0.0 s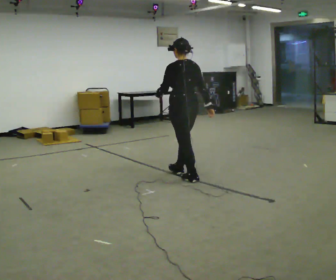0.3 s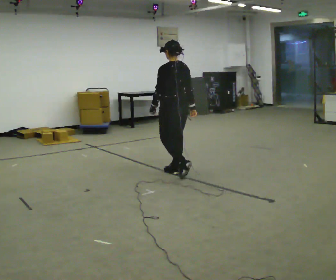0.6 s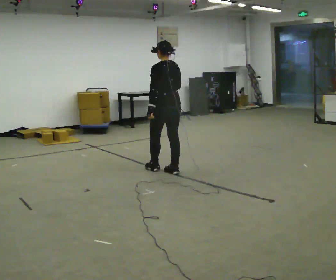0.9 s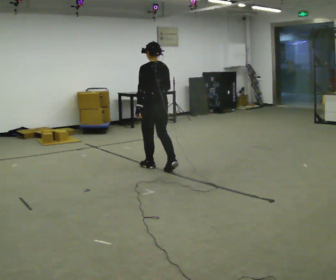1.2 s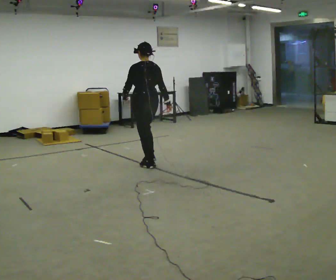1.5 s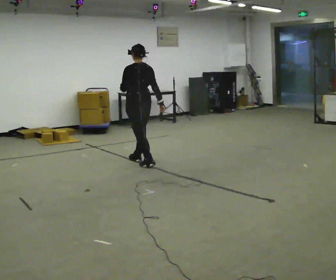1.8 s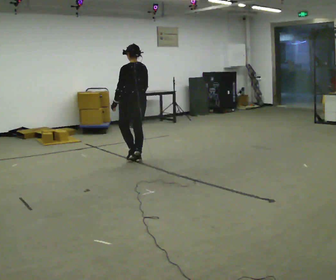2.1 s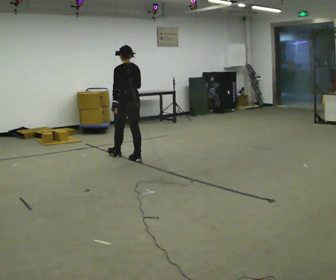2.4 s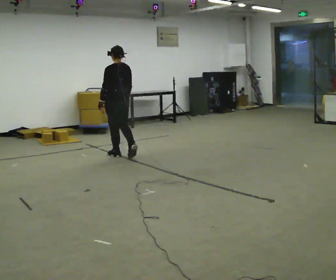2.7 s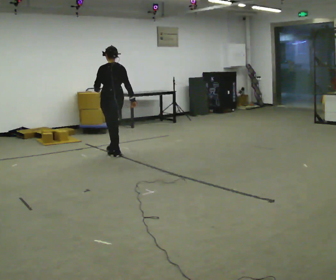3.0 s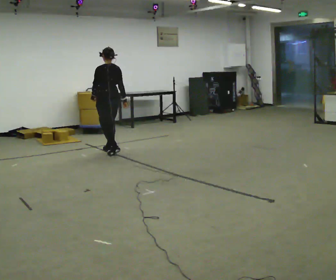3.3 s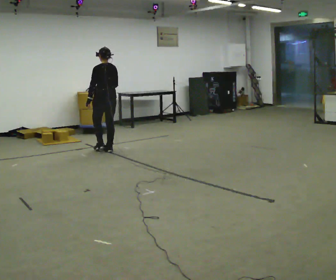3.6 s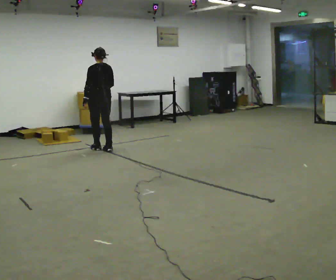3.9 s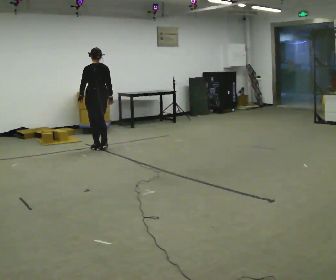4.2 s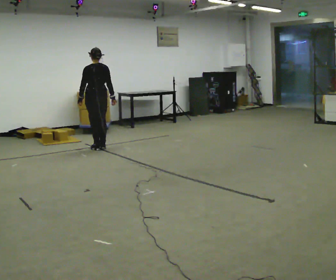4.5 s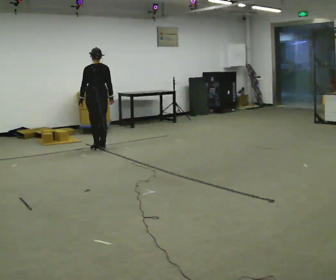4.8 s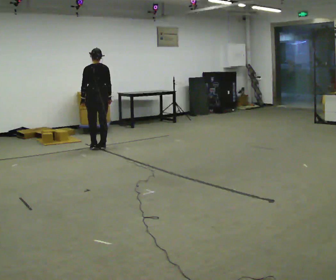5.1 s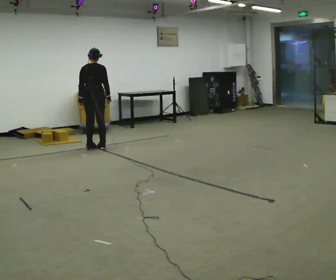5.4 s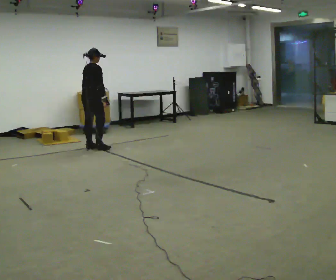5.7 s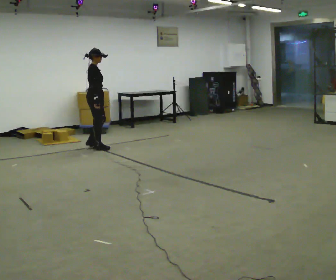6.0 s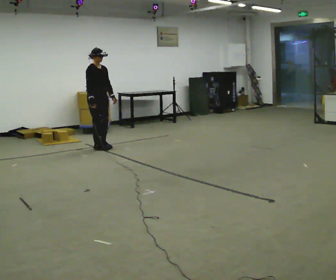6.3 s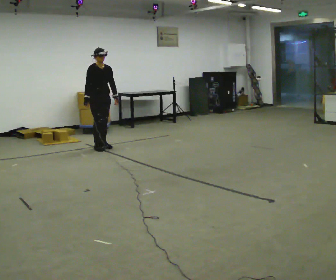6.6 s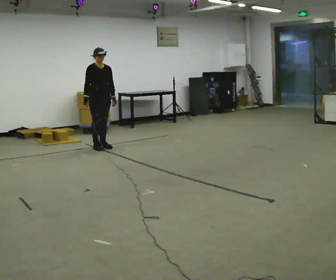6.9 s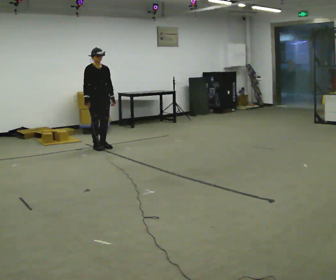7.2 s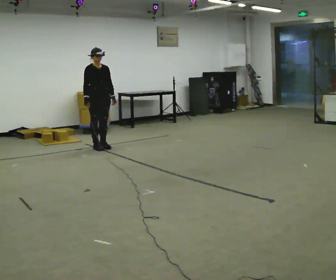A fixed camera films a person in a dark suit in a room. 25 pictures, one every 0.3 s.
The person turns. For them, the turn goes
to their right.
The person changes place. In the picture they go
away from the camera.
0.0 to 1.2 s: In the picture they go away from the camera and to the left, about 0.5 m in 2 steps, which for them is forward.
1.2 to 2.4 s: In the picture they go away from the camera and to the left, about 0.75 m in 2 steps, which for them is forward.
2.4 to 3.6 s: In the picture they go away from the camera and to the left, about 0.5 m in 2 steps, which for them is forward.
3.6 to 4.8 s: The person moves a little, or ends about where they began.
4.8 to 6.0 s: Seen from above the body turns clockwise, about 150 degrees: to their right, with its near side sliding to the left. In the picture their right hand goes to the left.
6.0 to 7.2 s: The person moves a little, or ends about where they began.
The film runs forward here.
